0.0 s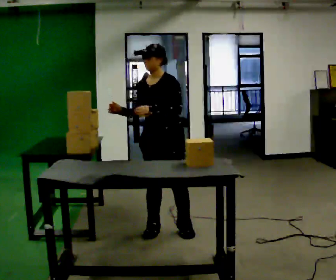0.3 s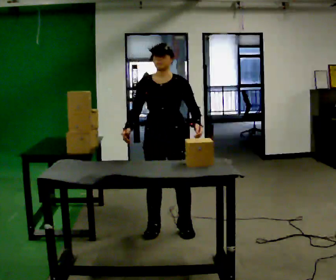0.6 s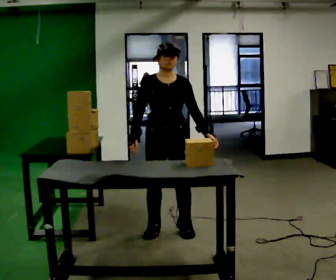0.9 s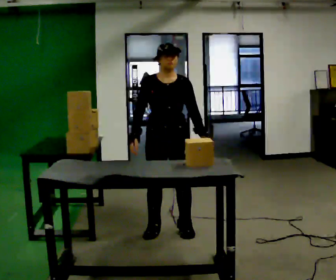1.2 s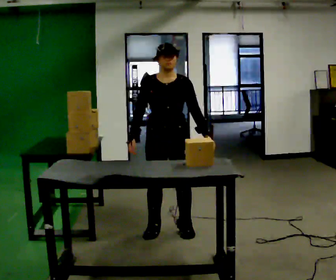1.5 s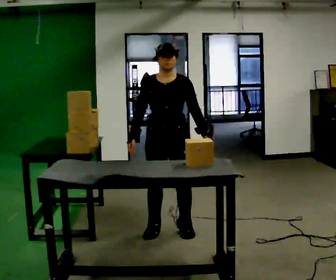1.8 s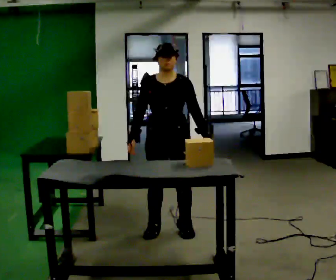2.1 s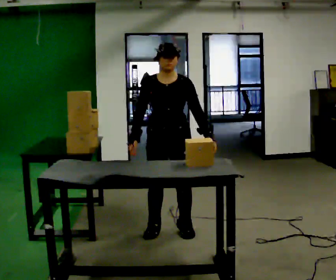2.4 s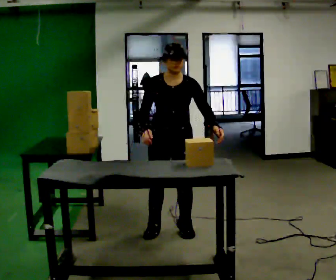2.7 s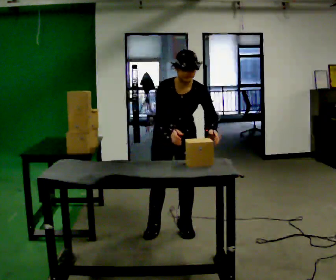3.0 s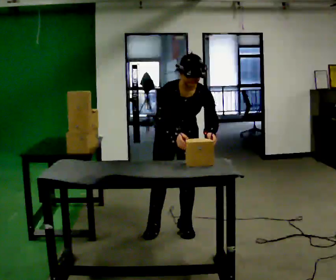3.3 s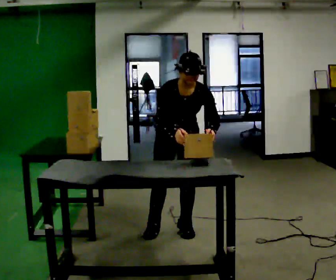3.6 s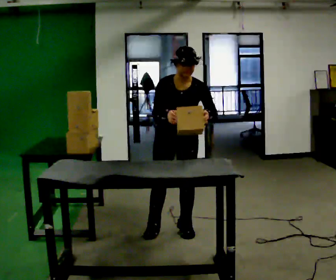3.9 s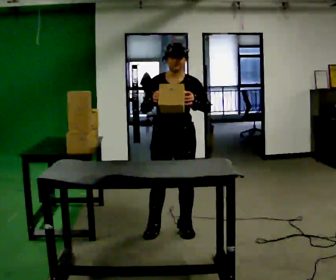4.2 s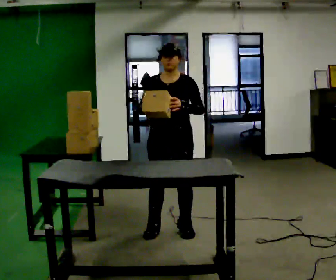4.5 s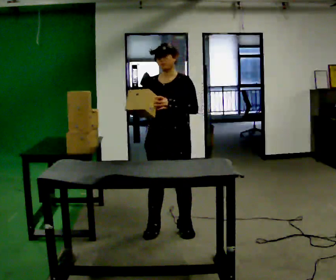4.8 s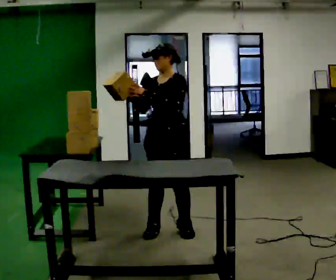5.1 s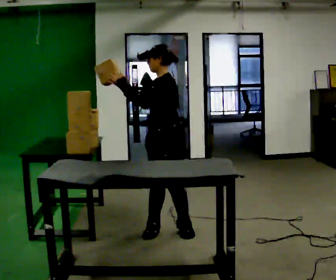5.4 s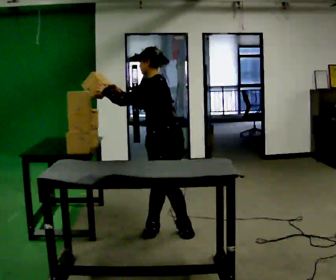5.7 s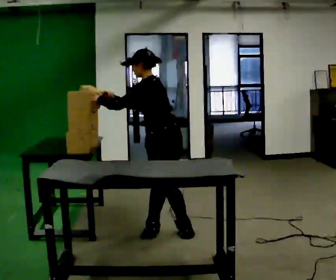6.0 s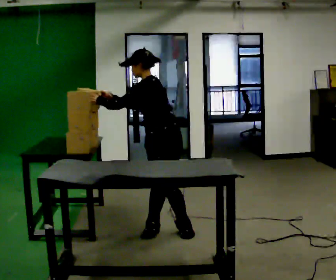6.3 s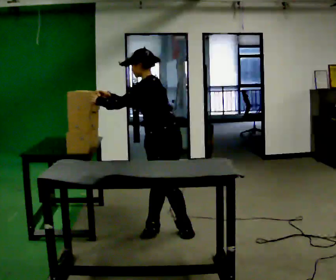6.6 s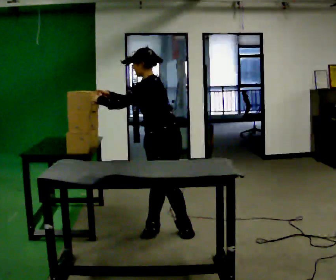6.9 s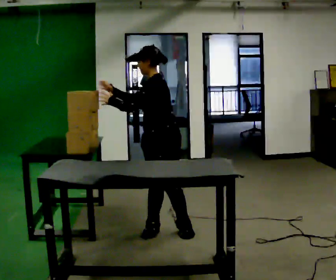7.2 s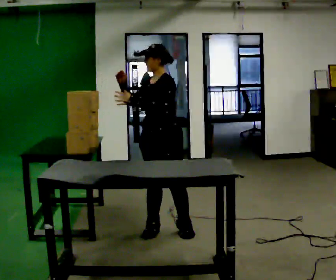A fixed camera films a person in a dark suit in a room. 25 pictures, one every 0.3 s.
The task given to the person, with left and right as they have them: Move the objects one at a time between the far targets the operator calls, without moving your feet. Repeat at your own pace until the operator says stop. Keep both feet on the marked spots for the whole take. If you have to step, stop and tell the operator.
0.0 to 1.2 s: The person turns about 30 degrees to their left, counterclockwise seen from above, so the part of the body nearest the lens slides to the right. In the picture their left hand goes to the right.
1.2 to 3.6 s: The person moves a little, or ends about where they began.
3.6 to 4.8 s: Seen from above the body turns clockwise, about 45 degrees: to their right, with its near side sliding to the left. The upper body tips away from the camera, its near side rolling upward, as they lean back or straighten.
4.8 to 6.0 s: Seen from above the body turns clockwise, about 30 degrees: to their right, with its near side sliding to the left. In the picture the upper body tilts counterclockwise, shoulders to the left, as they bend forward. In the picture their left hand goes to the left.
6.0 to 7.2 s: Seen from above the body turns counterclockwise, about 30 degrees: to their left, with its near side sliding to the right. In the picture the upper body tilts clockwise, shoulders to the right, as they lean back or straighten. In the picture their left hand goes to the right.
The film runs forward here.
